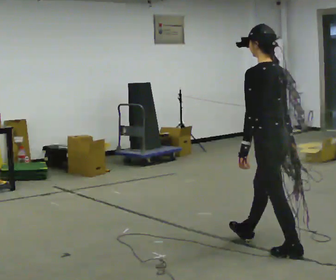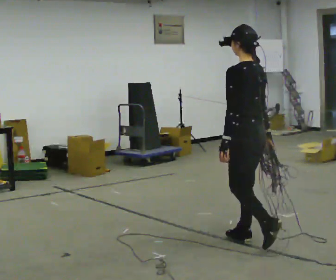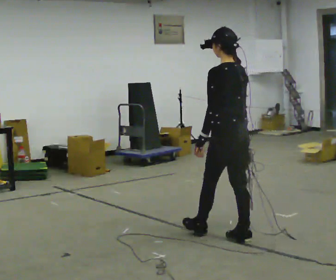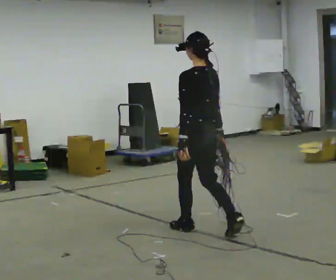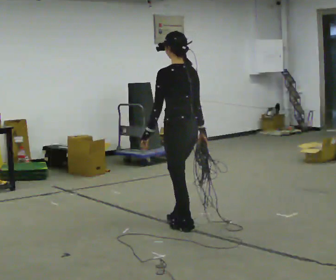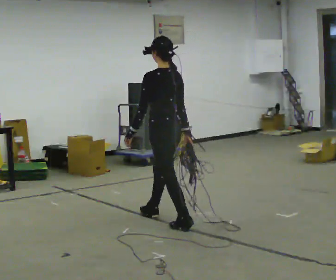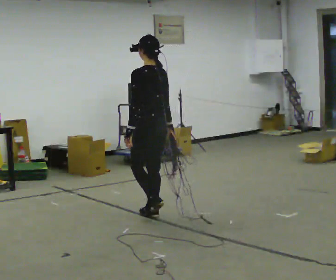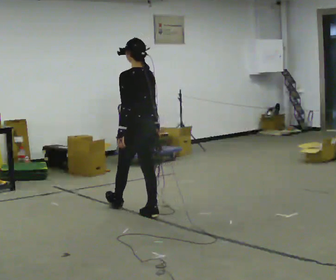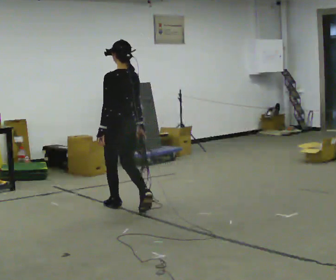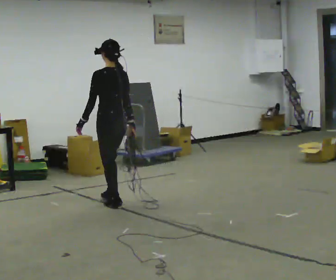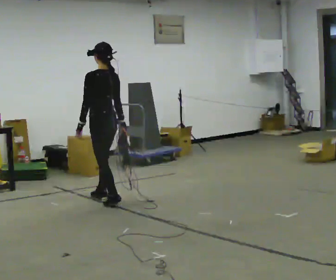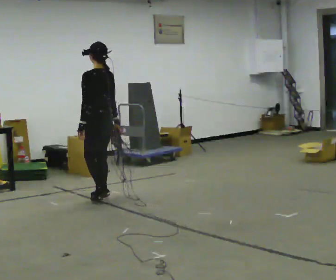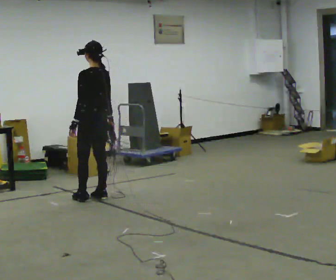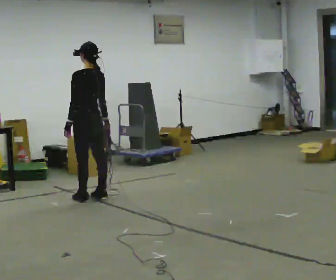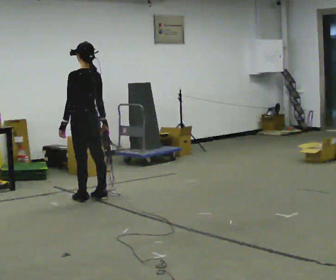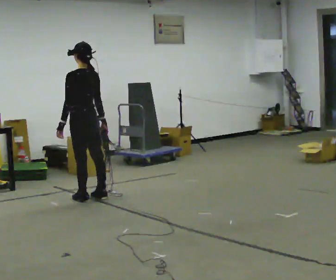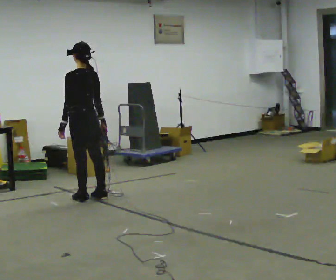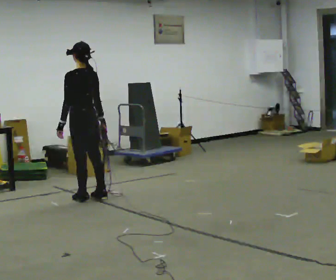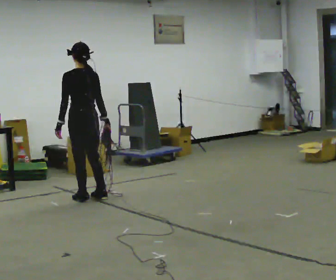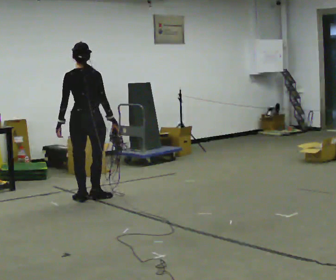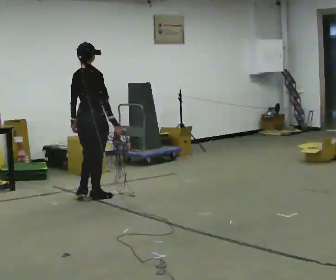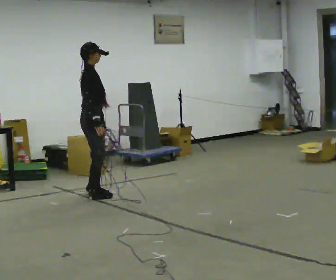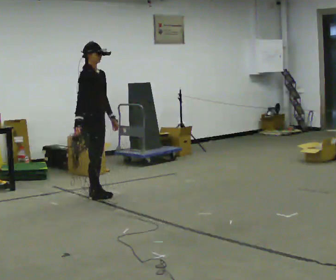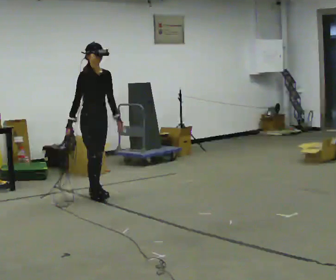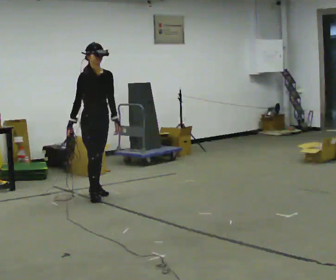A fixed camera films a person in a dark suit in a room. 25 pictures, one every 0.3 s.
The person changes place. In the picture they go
away from the camera.
0.0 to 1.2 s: In the picture they go away from the camera and to the left, about 1 m in 2 steps, which for them is forward.
1.2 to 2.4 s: In the picture they go away from the camera and to the left, about 1 m in 2 steps, which for them is forward.
2.4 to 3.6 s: In the picture they go away from the camera and to the left, about 0.5 m in 2 steps, which for them is forward.
3.6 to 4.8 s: The person moves a little, or ends about where they began.
4.8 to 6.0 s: The person turns about 90 degrees to their right, clockwise seen from above, so the part of the body nearest the lens slides to the left.
6.0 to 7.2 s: The person turns about 105 degrees to their right, clockwise seen from above, so the part of the body nearest the lens slides to the left. In the picture their right hand goes to the left, the arm swinging clockwise.
The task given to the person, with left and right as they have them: Pick up the coiled hose, carry it across the room, and set it down. It will move around as you walk. Keep going until the operator says stop; one object at a time, and do not rush between trips.
The film runs forward here.
